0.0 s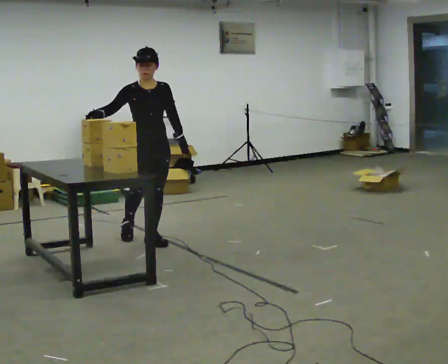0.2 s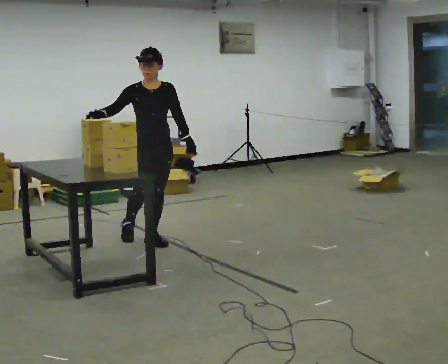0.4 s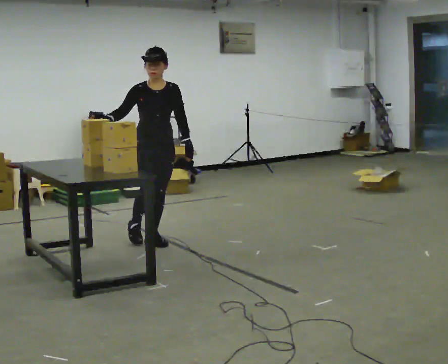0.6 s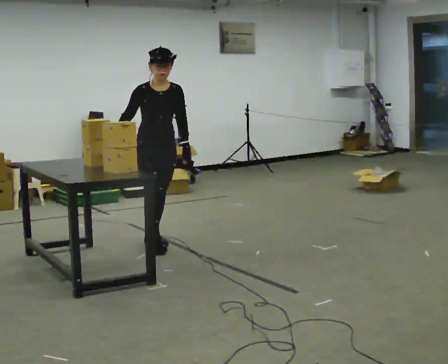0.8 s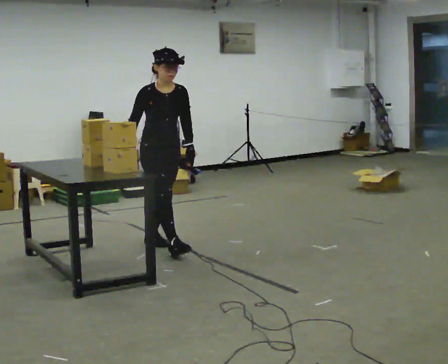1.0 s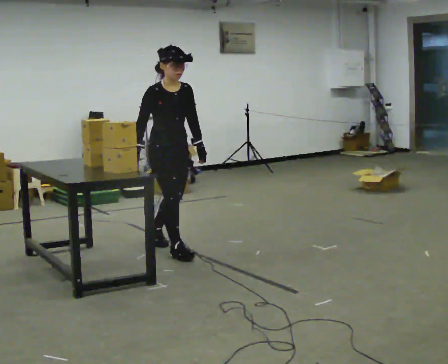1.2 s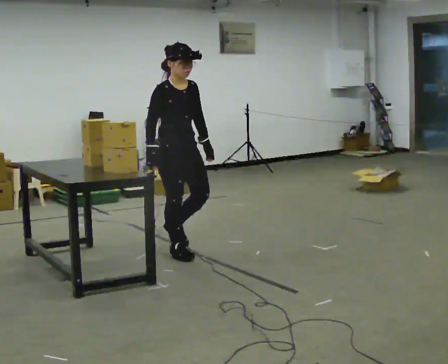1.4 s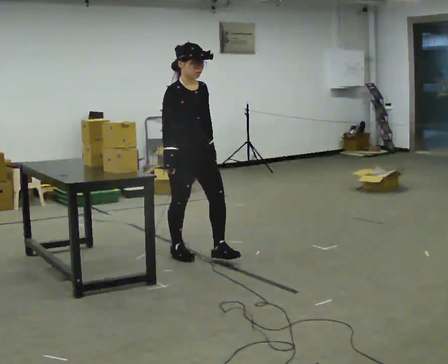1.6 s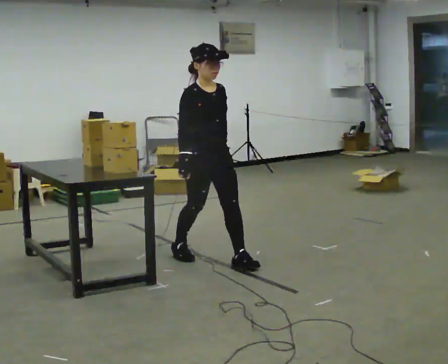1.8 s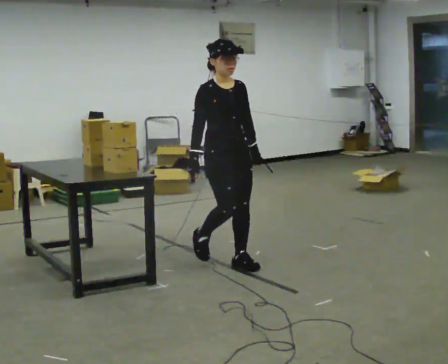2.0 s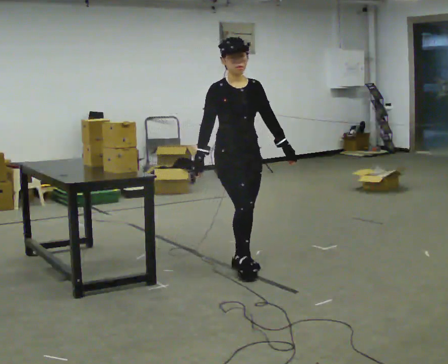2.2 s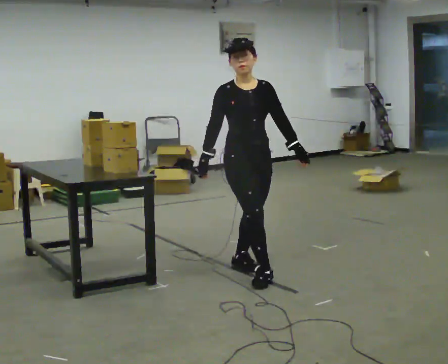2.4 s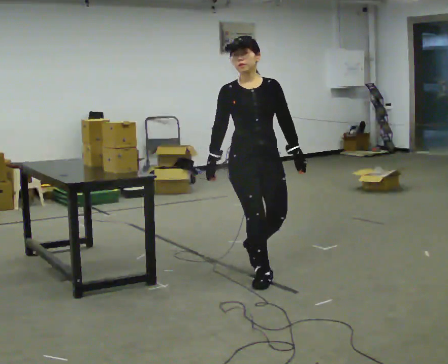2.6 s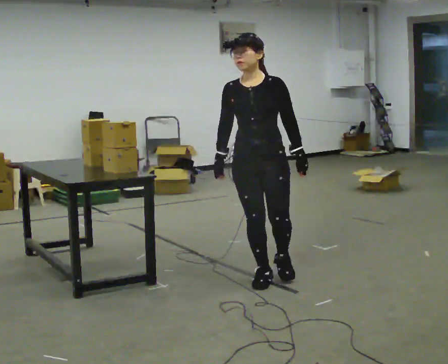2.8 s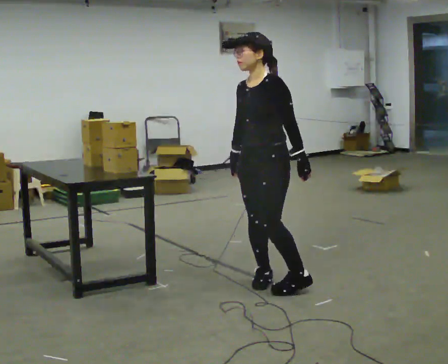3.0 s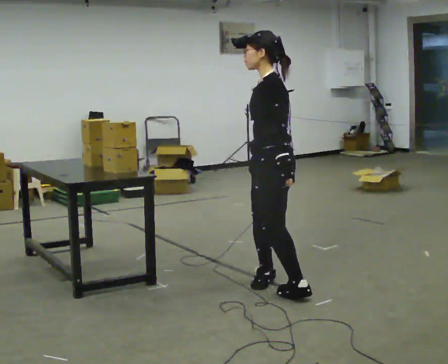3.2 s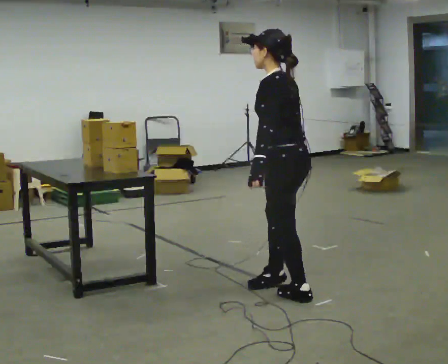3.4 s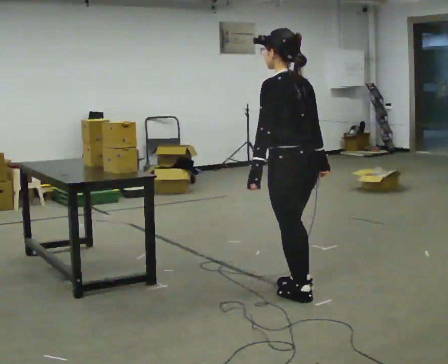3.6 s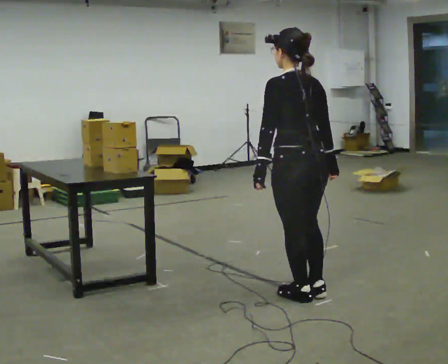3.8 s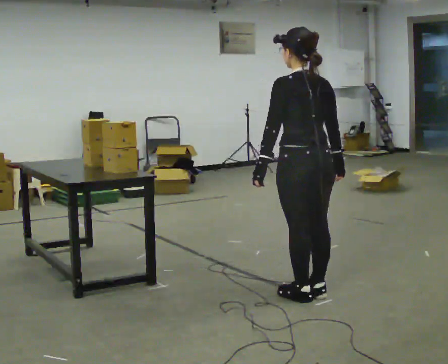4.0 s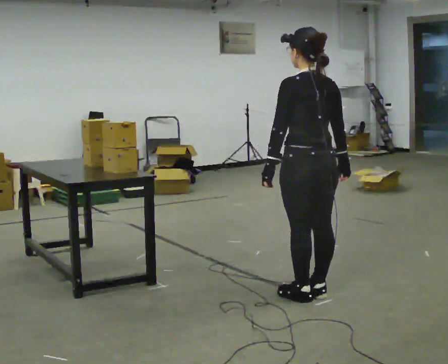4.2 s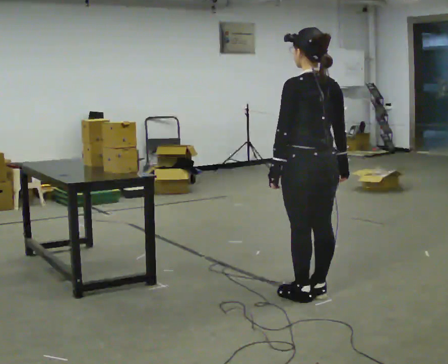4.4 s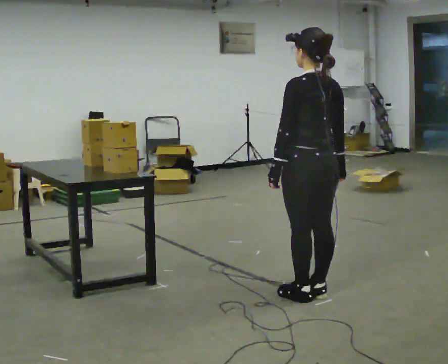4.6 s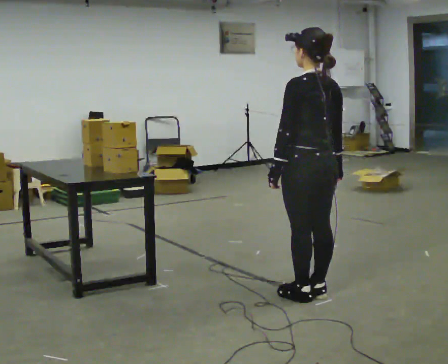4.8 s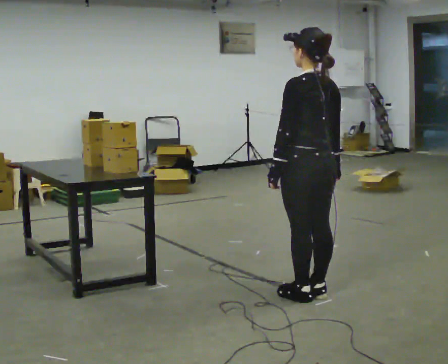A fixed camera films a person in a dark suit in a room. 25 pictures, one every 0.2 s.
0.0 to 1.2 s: In the picture they go toward the camera and to the right, about 0.5 m in 1 step, which for them is forward.
1.2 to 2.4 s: The part of the body nearest the lens slides to the left as the person turns to their right by about 30 degrees. In the picture they go toward the camera and to the right, about 1 m in 2 steps, which for them is forward.
2.4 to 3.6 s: The person turns about 165 degrees to their right, clockwise seen from above, so the part of the body nearest the lens slides to the left. In the picture they go toward the camera and to the right, about 0.5 m in 2 steps.
3.6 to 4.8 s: The person moves a little, or ends about where they began.
The film runs forward here.
